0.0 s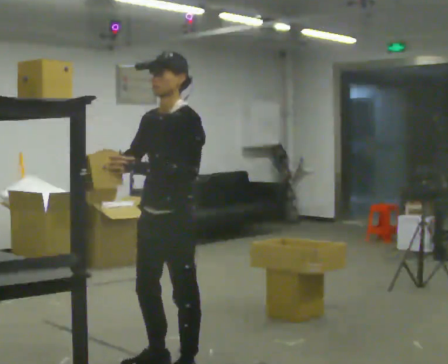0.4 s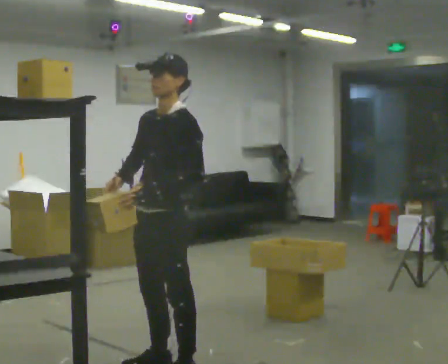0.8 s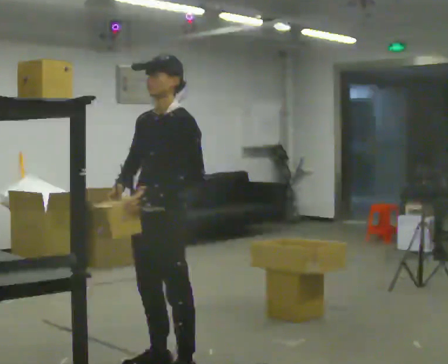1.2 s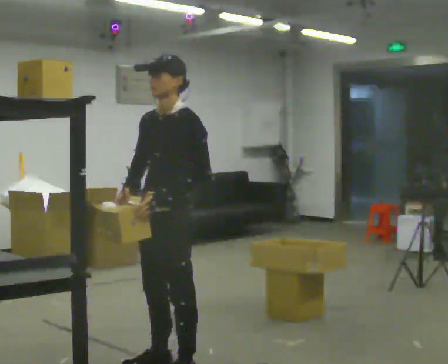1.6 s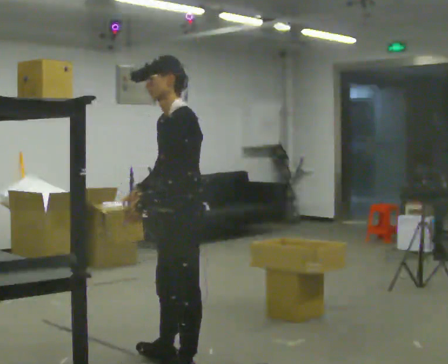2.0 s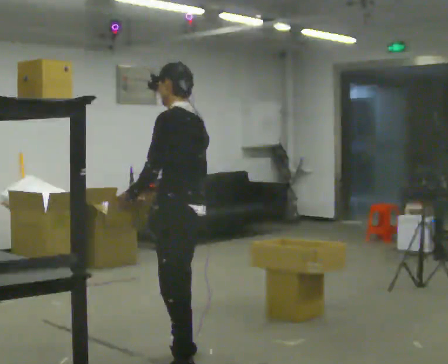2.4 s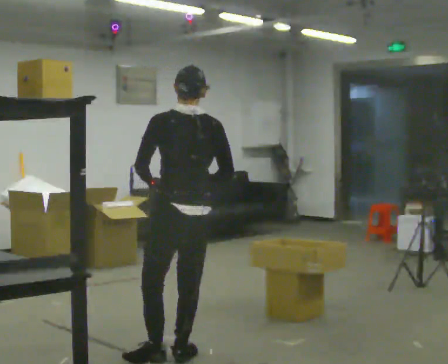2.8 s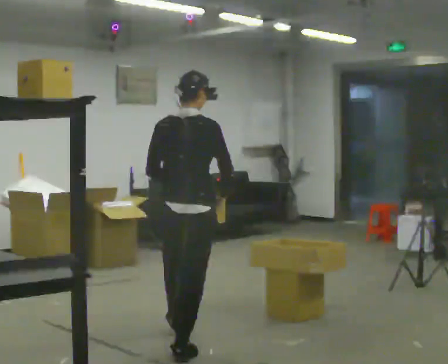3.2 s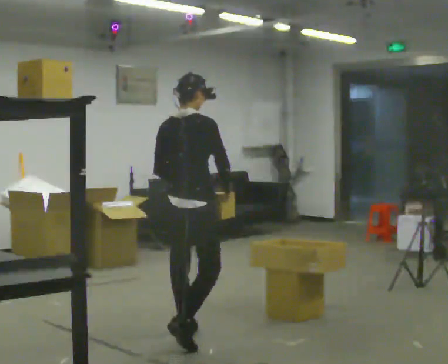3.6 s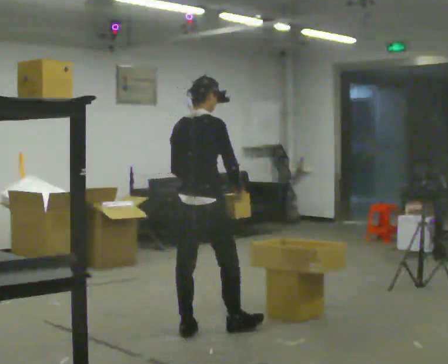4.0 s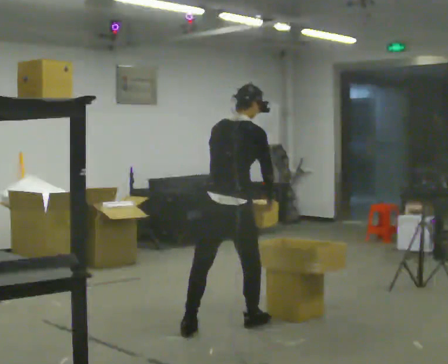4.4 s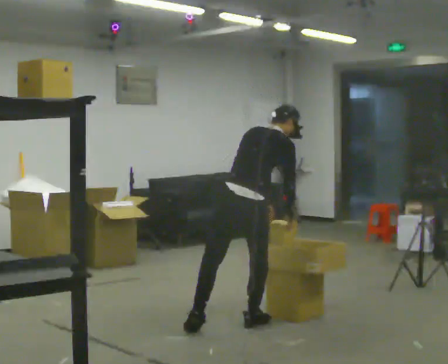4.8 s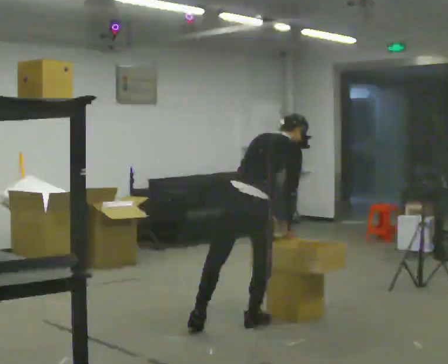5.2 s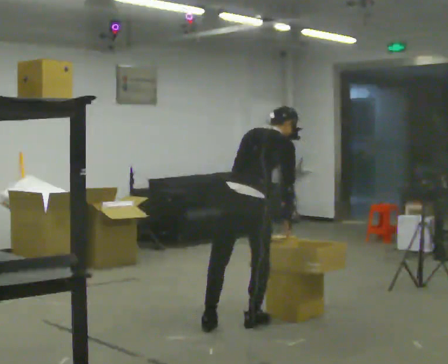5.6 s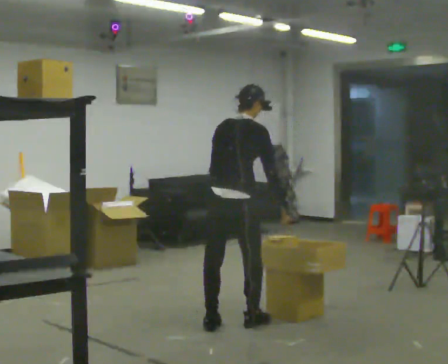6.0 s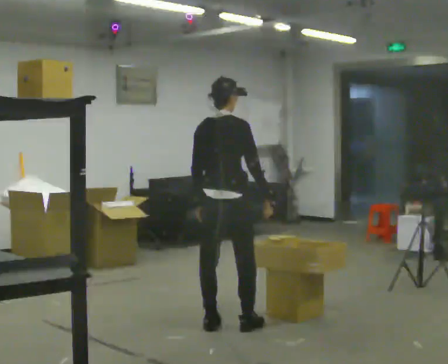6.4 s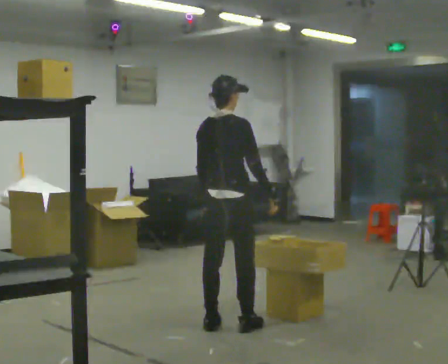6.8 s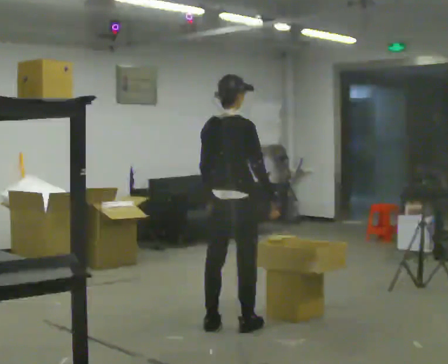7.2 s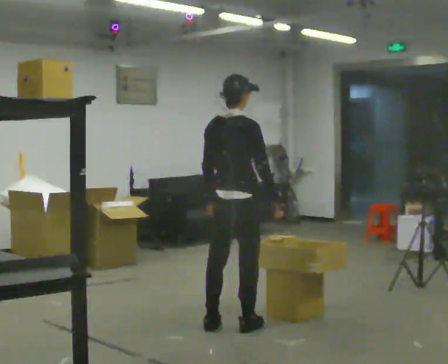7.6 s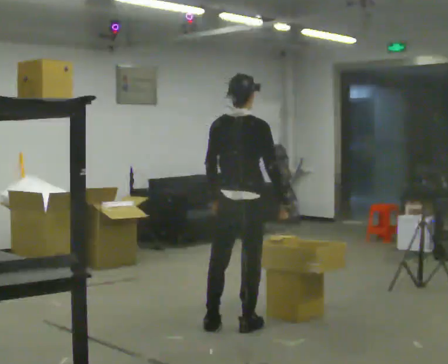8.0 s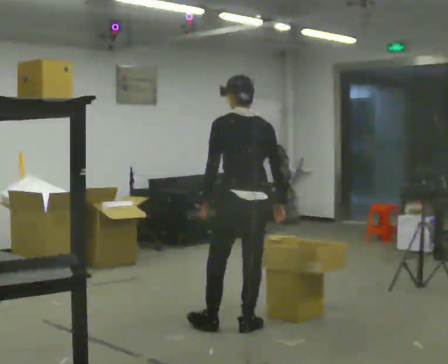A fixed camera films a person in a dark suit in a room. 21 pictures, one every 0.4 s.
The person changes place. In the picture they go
away from the camera.
The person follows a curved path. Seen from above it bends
clockwise.
0.0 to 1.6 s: The person turns about 30 degrees to their right, clockwise seen from above, so the part of the body nearest the lens slides to the left.
1.6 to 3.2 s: The part of the body nearest the lens slides to the left as the person turns to their right by about 135 degrees. In the picture they go away from the camera, about 0.5 m in 1 step.
3.2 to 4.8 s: In the picture they go to the right and away from the camera, about 0.5 m in 1 step, which for them is forward and to their right. The shoulders move downward. The upper body tips away from the camera, its near side rolling upward, as they bend forward.
4.8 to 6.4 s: In the picture they go to the left, about 0.25 m, which for them is to their left. The shoulders move upward. The upper body tips toward the camera, its near side rolling downward, as they lean back or straighten.
6.4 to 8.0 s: Seen from above the body turns counterclockwise, about 45 degrees: to their left, with its near side sliding to the right.
The film runs forward here.
